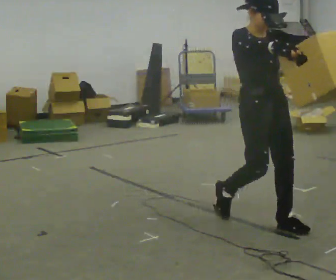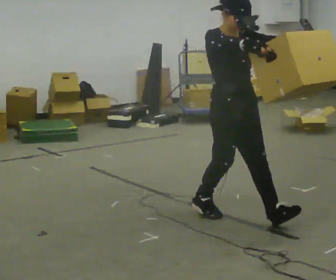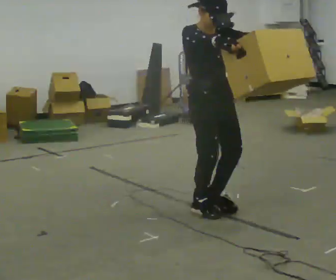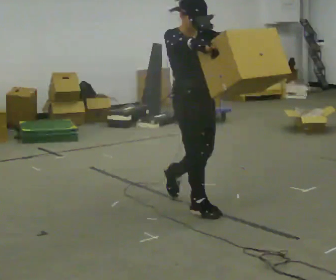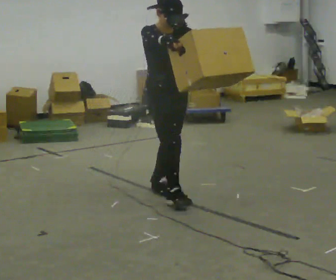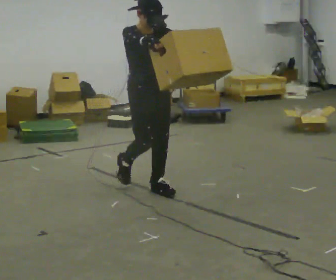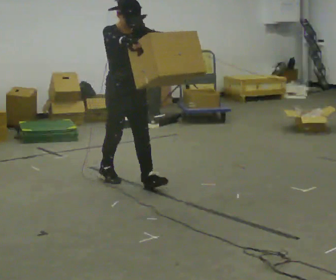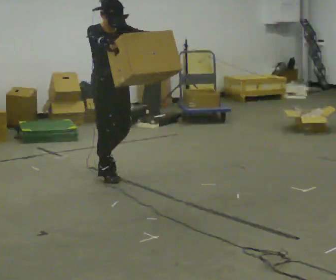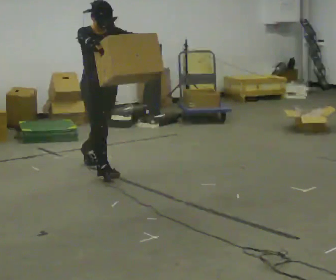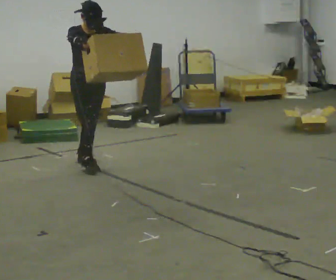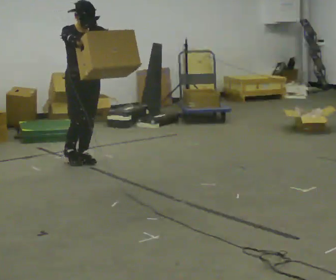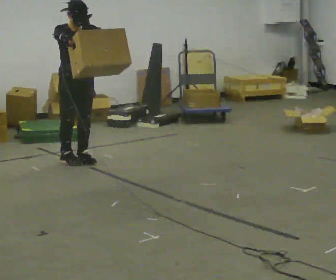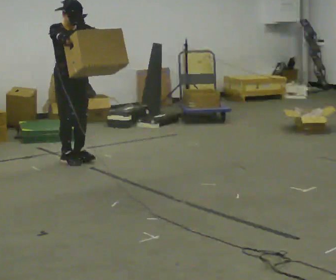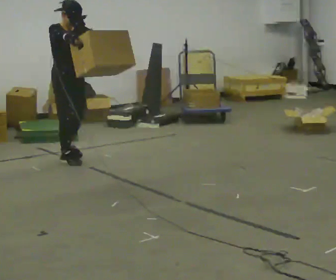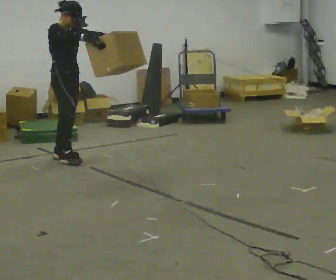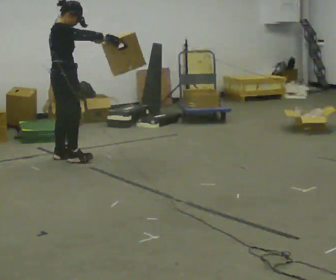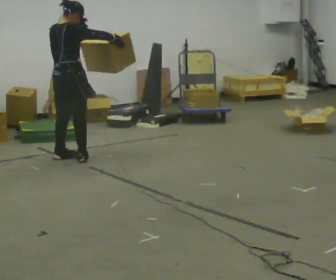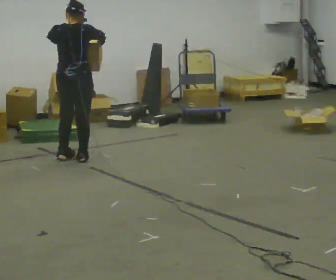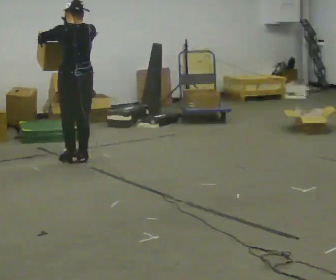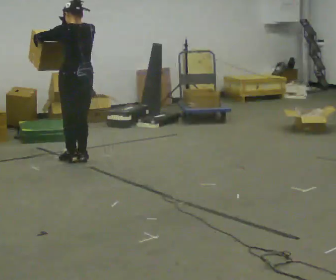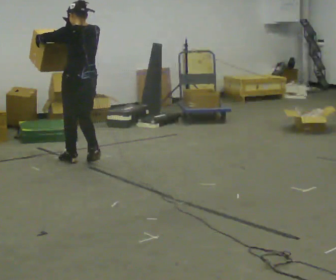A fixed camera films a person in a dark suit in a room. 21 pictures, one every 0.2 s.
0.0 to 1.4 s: In the picture they go away from the camera and to the left, about 1.5 m in 3 steps, which for them is backward.
1.4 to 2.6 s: In the picture they go away from the camera and to the left, about 1 m in 2 steps, which for them is backward.
2.6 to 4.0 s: Seen from above the body turns counterclockwise, about 165 degrees: to their left, with its near side sliding to the right.
The film runs backward here.
